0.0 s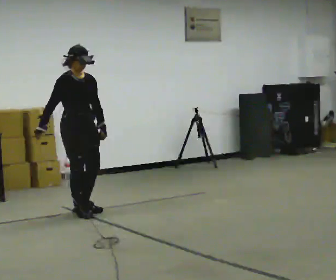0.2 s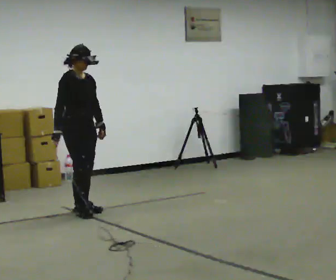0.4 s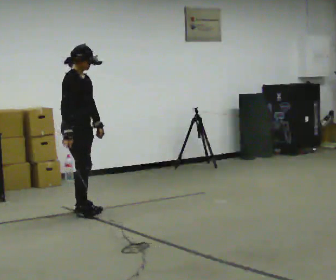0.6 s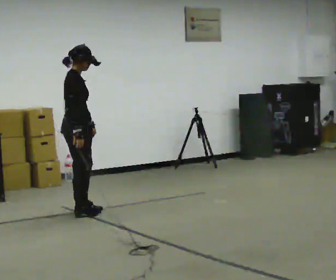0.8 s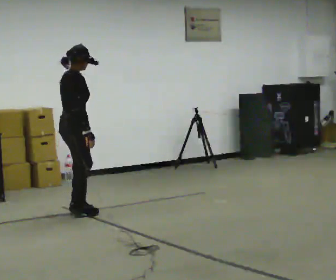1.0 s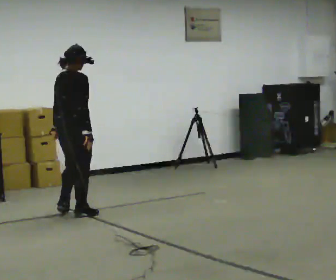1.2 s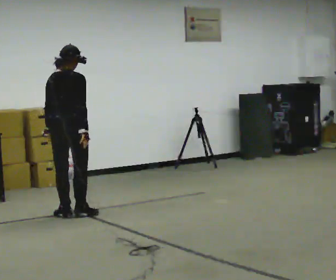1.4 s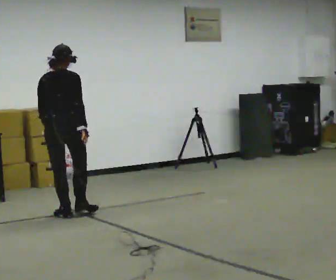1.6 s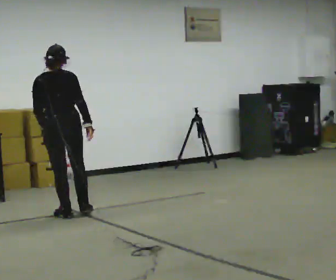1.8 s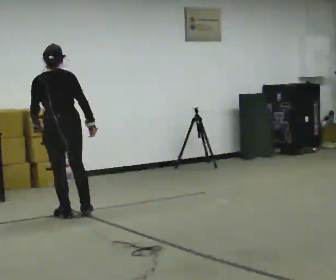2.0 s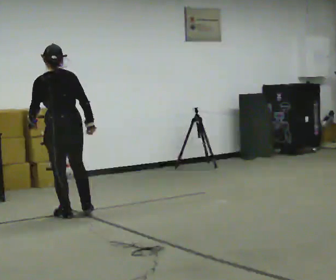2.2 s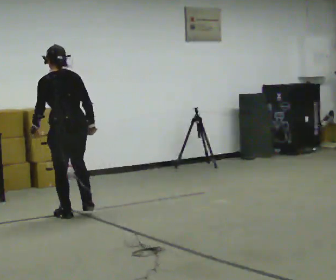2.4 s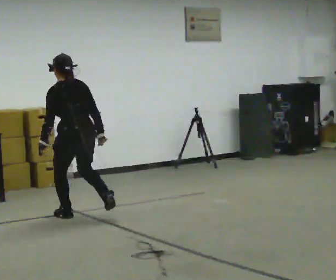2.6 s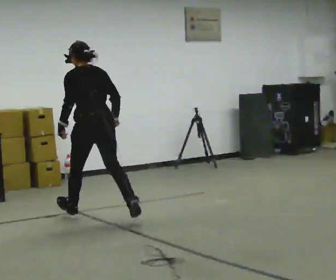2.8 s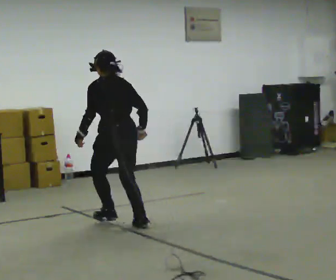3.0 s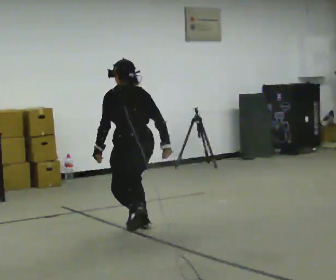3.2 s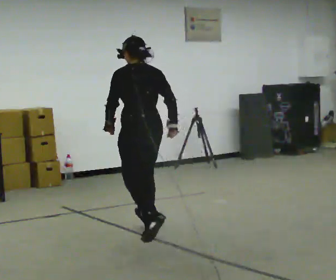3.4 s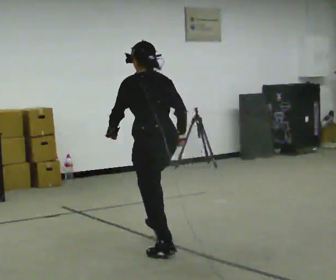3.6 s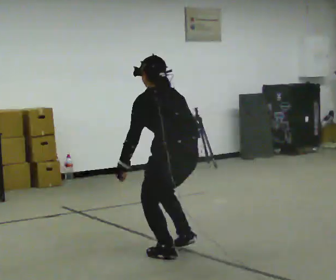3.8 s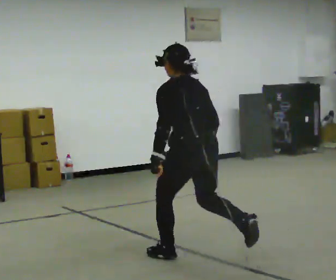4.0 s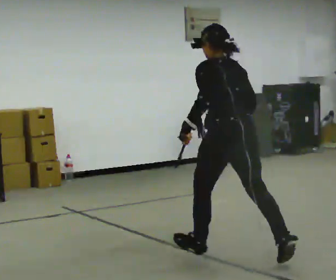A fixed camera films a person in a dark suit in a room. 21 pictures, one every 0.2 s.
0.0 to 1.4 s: The part of the body nearest the lens slides to the right as the person turns to their left by about 135 degrees. In the picture they go to the left, about 0.25 m in 1 step. In the picture their right hand goes to the right, the arm swinging counterclockwise.
1.4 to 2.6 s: Seen from above the body turns counterclockwise, about 30 degrees: to their left, with its near side sliding to the right. In the picture they go toward the camera and to the right, about 0.5 m in 2 steps, which for them is backward.
2.6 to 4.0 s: In the picture they go toward the camera and to the right, about 2 m in 2 steps, which for them is backward.
The film runs backward here.
